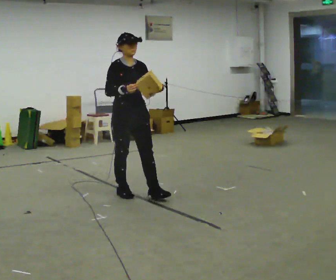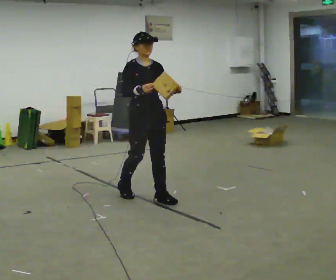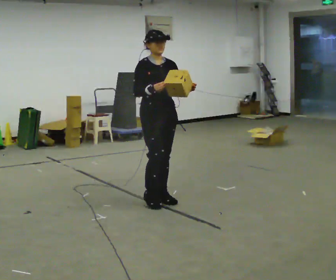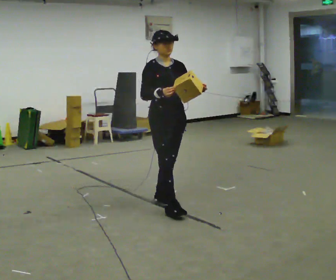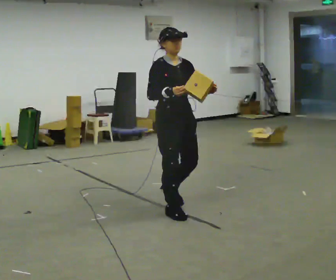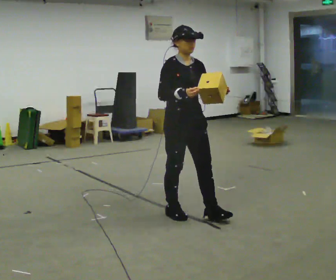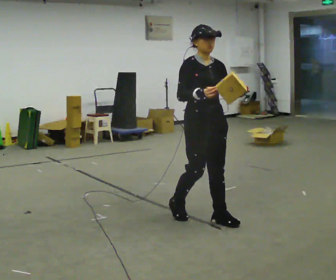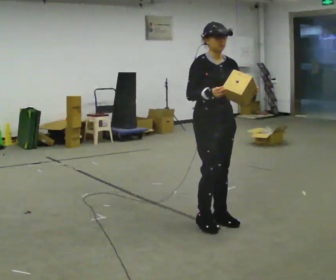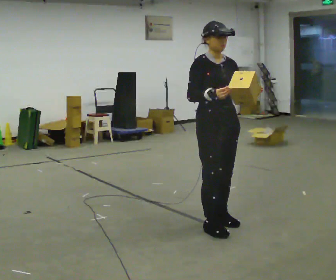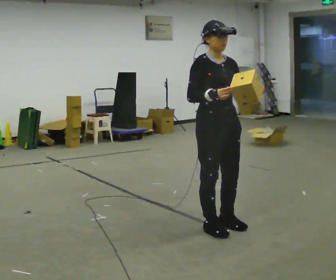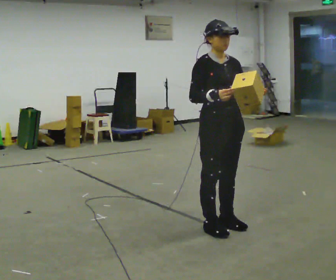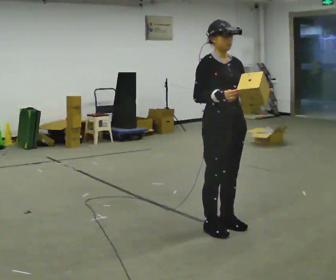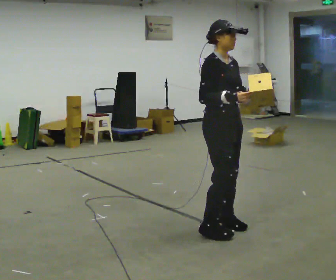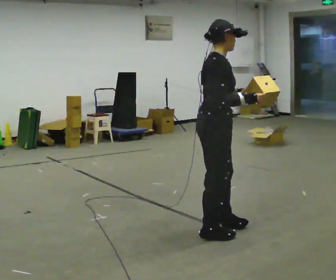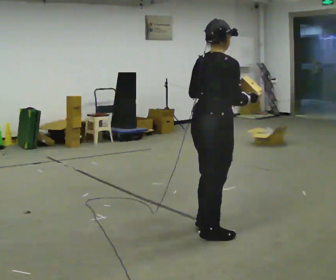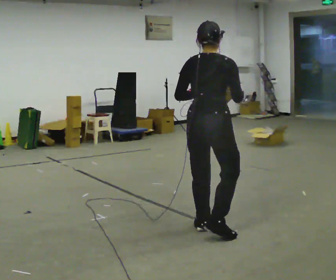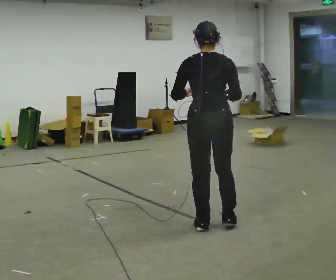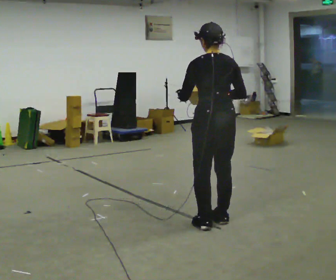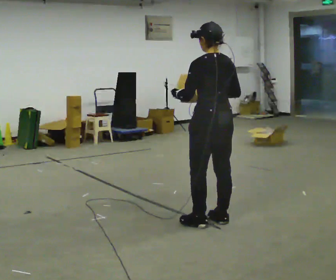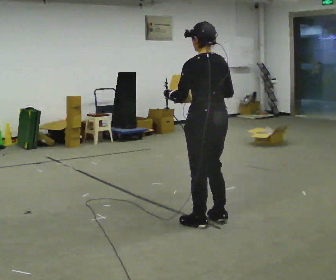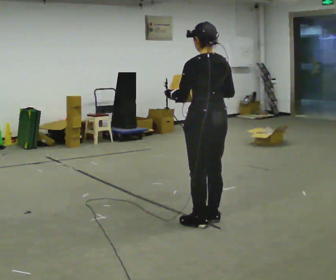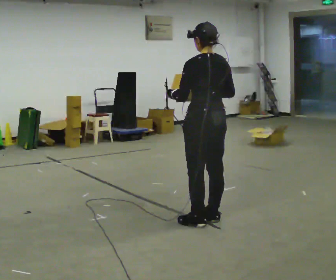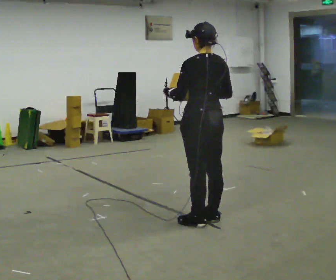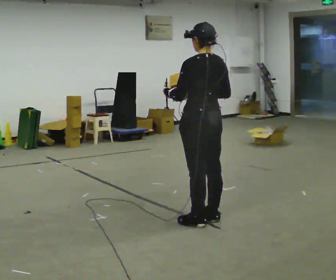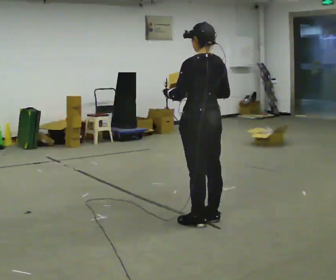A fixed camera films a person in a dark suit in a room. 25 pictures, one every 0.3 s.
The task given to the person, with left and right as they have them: Carry the object and, while walking, turn it over in your hands to look at all sides of it. Keep turning it as you walk.
0.0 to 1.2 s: In the picture they go toward the camera and to the right, about 0.75 m in 2 steps, which for them is forward.
1.2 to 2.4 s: In the picture they go to the right and toward the camera, about 0.5 m in 2 steps, which for them is forward.
2.4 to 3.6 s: The part of the body nearest the lens slides to the right as the person turns to their left by about 30 degrees.
3.6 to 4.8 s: The part of the body nearest the lens slides to the right as the person turns to their left by about 120 degrees. In the picture their left hand goes to the left.
4.8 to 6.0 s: Seen from above the body turns counterclockwise, about 30 degrees: to their left, with its near side sliding to the right.
6.0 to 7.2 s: The person moves a little, or ends about where they began.
The film runs forward here.
